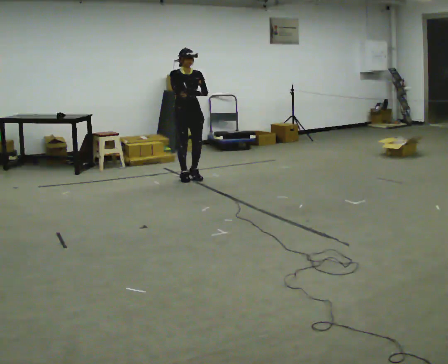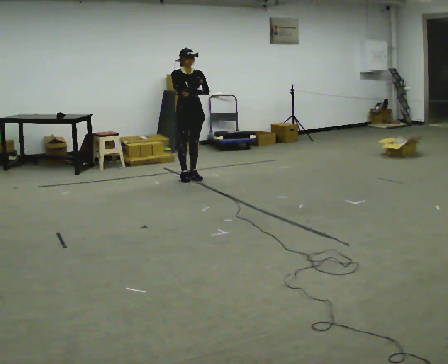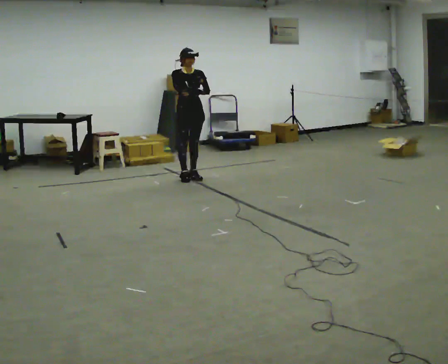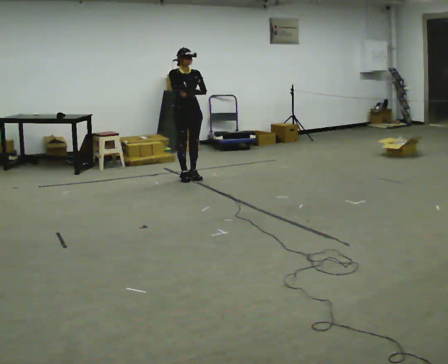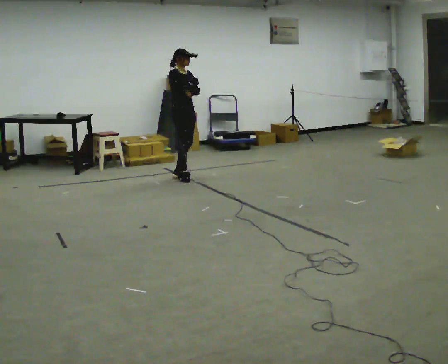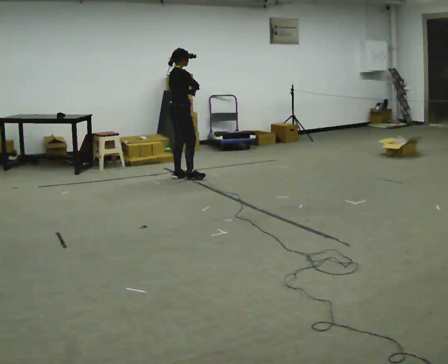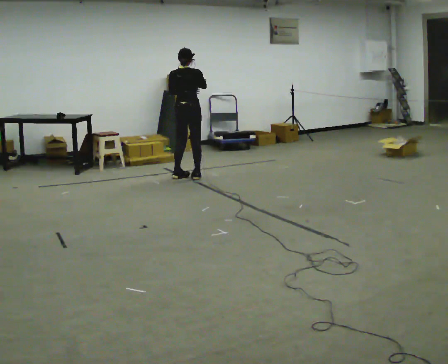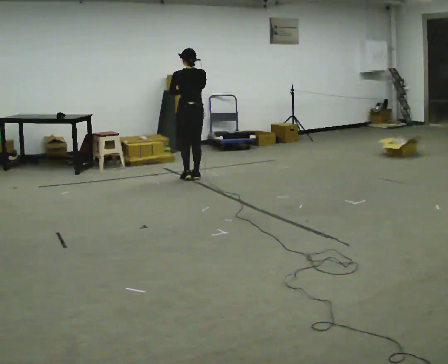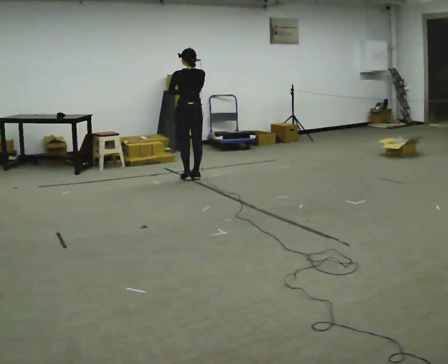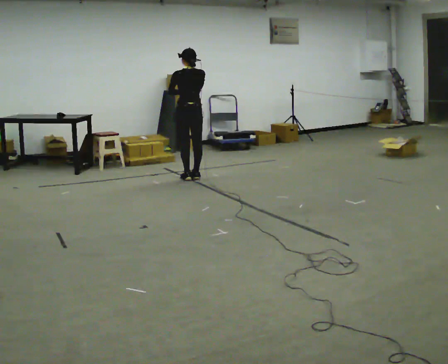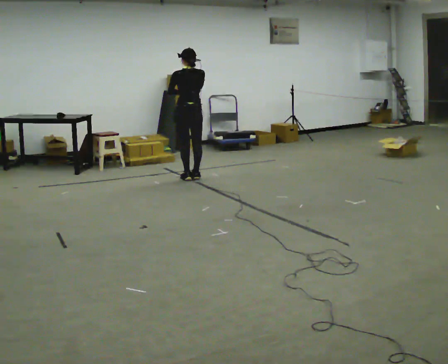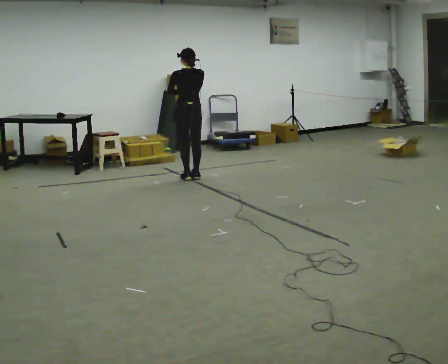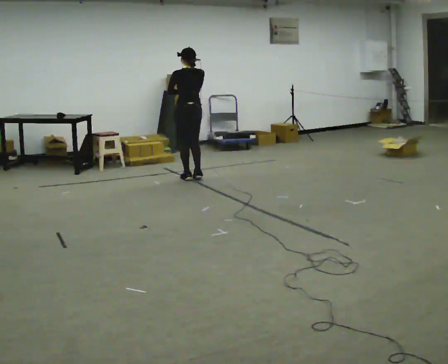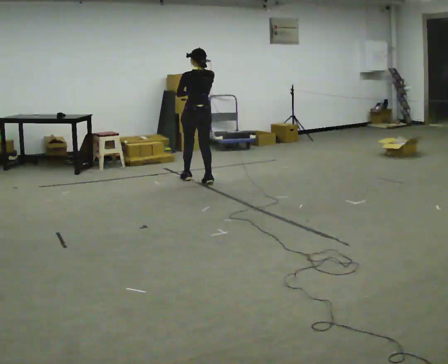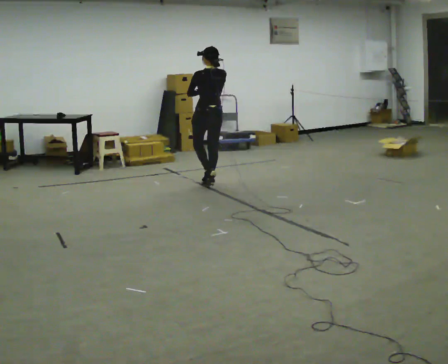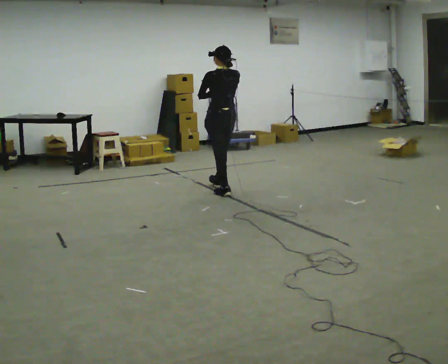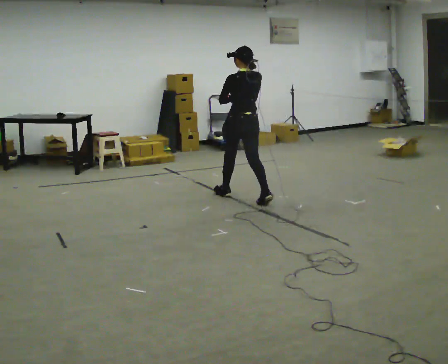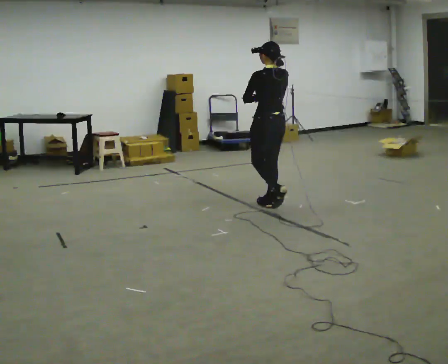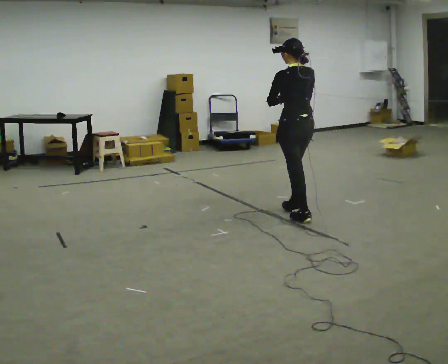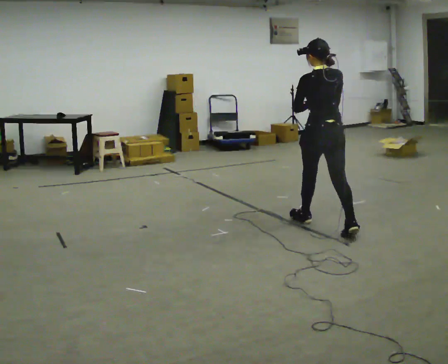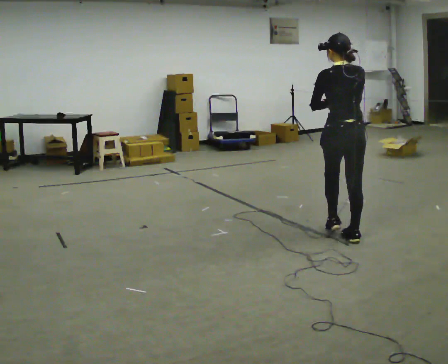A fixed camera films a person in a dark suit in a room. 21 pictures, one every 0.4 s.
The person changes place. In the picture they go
toward the camera.
The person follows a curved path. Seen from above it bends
clockwise.
0.0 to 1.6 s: The part of the body nearest the lens slides to the right as the person turns to their left by about 30 degrees.
1.6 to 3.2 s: The person turns about 135 degrees to their left, counterclockwise seen from above, so the part of the body nearest the lens slides to the right.
3.2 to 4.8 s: The person moves a little, or ends about where they began.
4.8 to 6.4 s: In the picture they go toward the camera and to the right, about 1 m in 2 steps, which for them is backward.
6.4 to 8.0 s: In the picture they go toward the camera and to the right, about 1.5 m in 3 steps, which for them is backward.
The film runs backward here.
